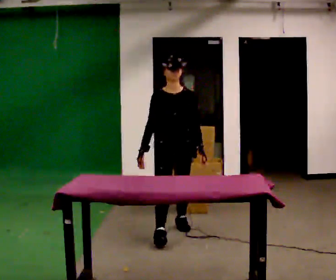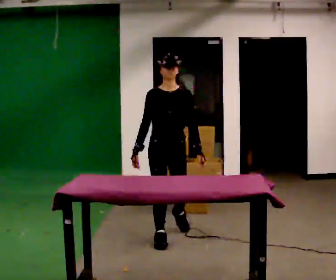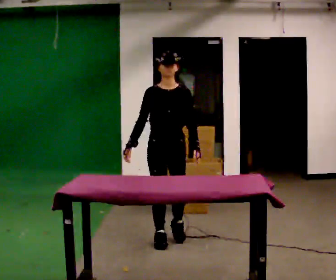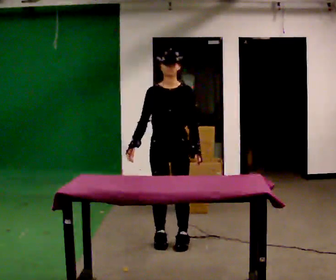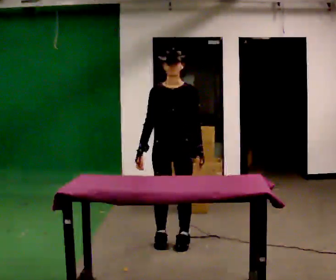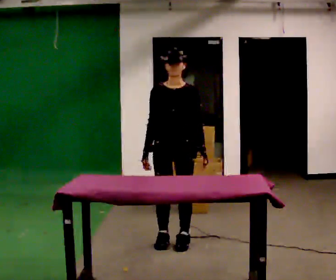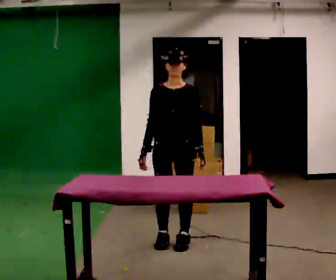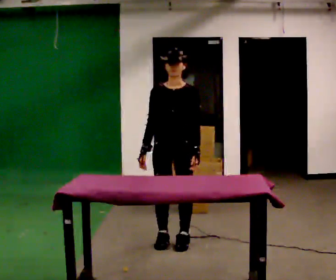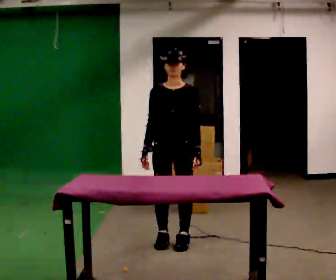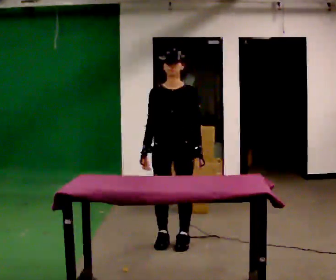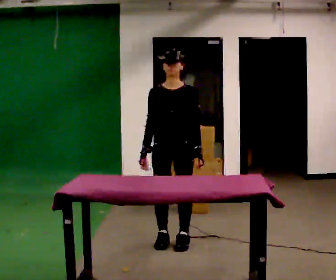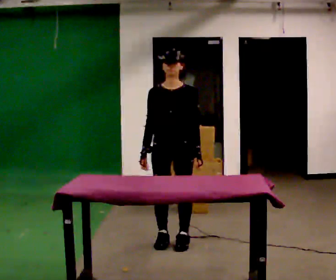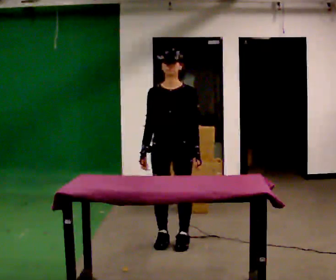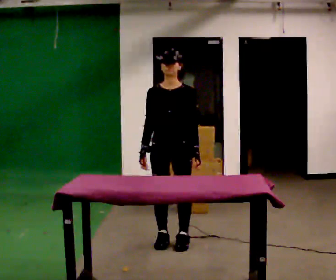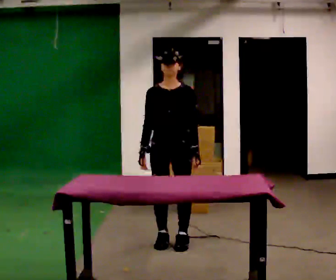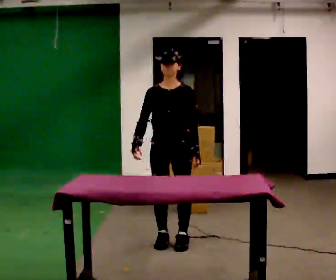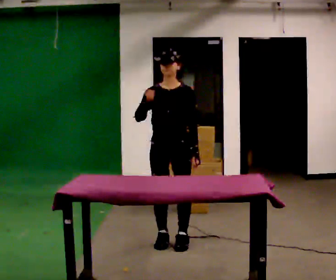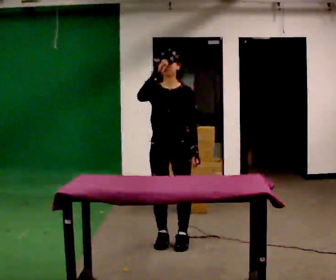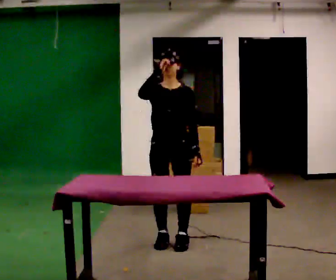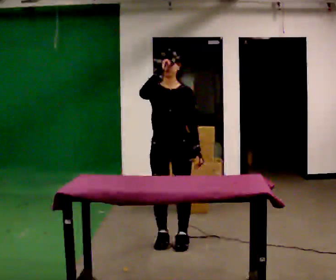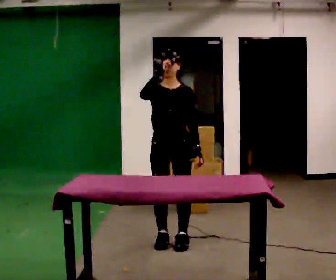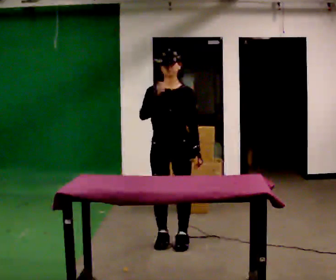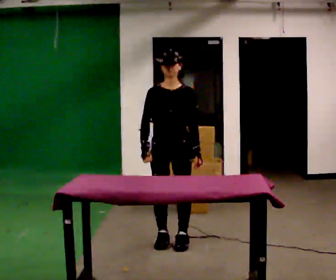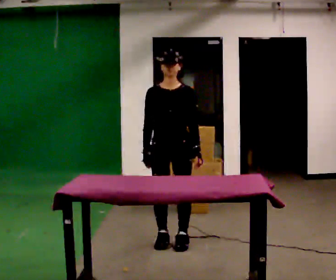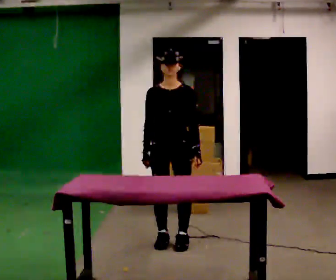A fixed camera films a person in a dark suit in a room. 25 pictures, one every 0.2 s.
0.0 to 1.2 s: In the picture they go toward the camera, about 0.25 m in 1 step, which for them is forward.
1.2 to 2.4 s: The person moves a little, or ends about where they began.
2.4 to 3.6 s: In the picture their right hand goes upward.
3.6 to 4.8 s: In the picture their right hand goes downward.
The film runs forward here.
